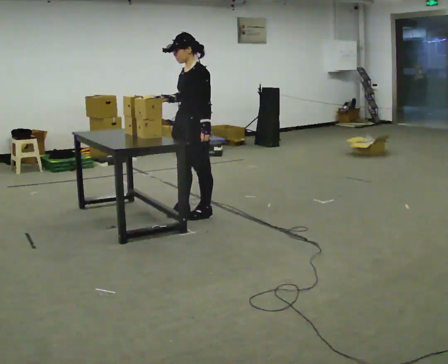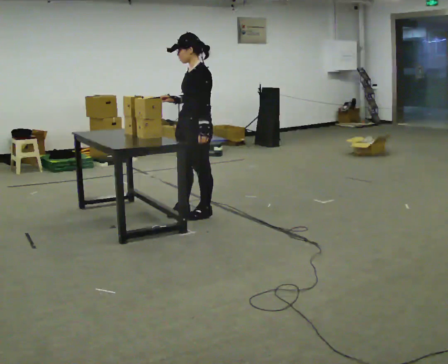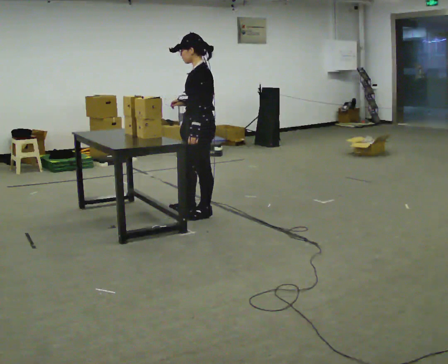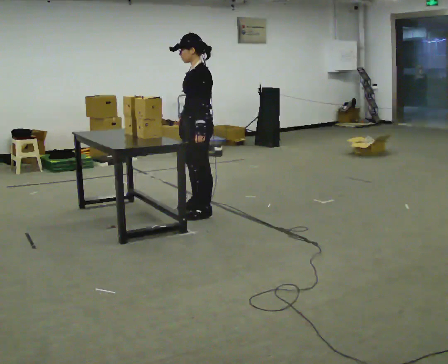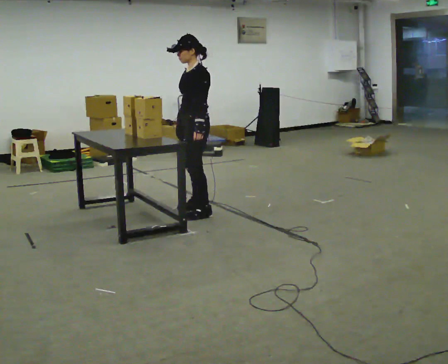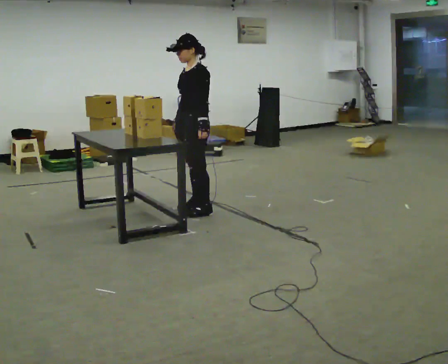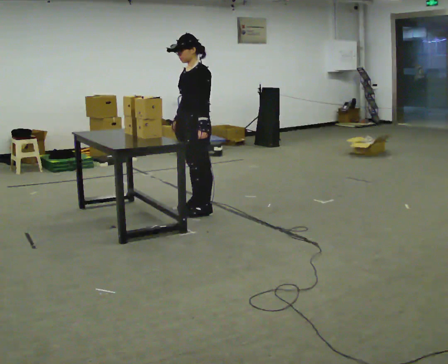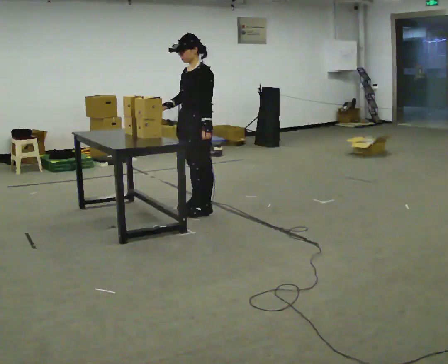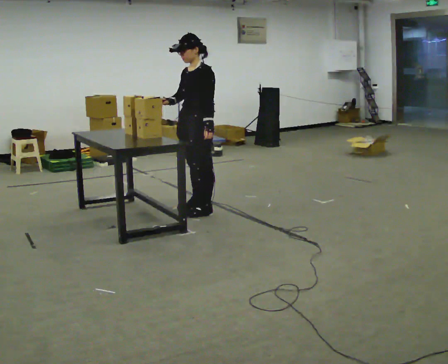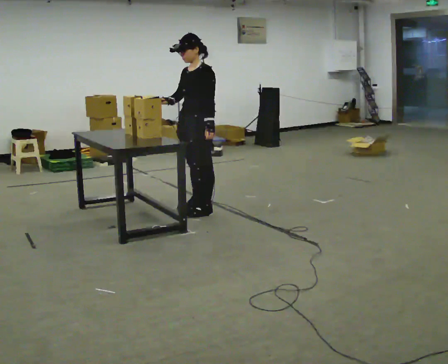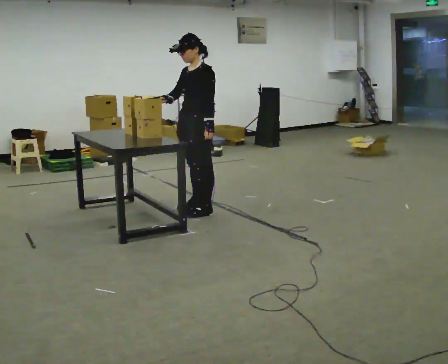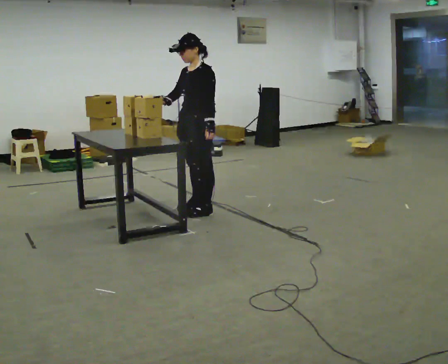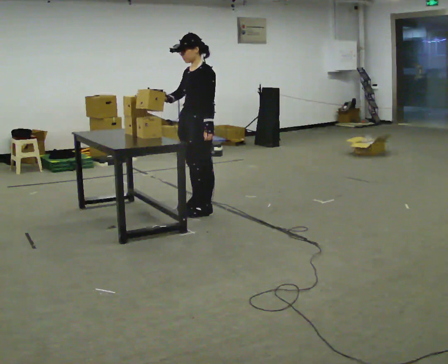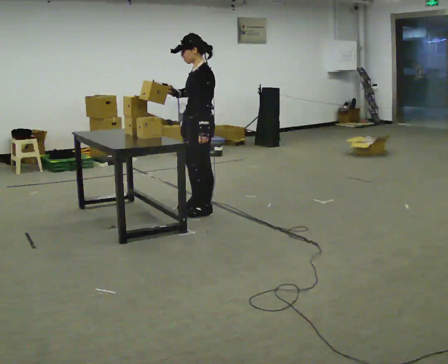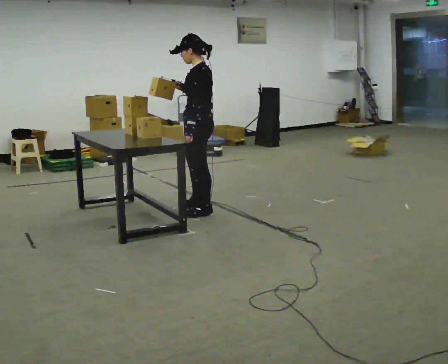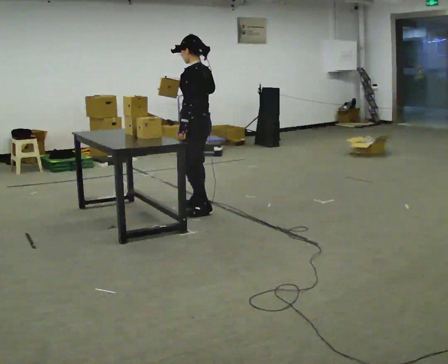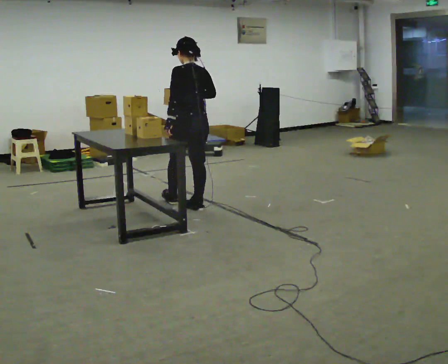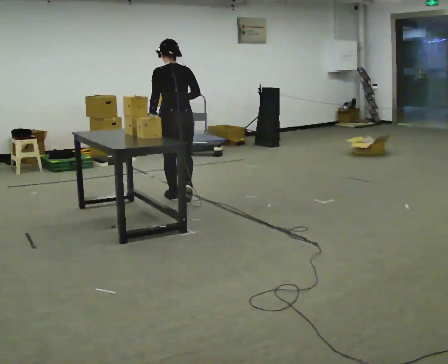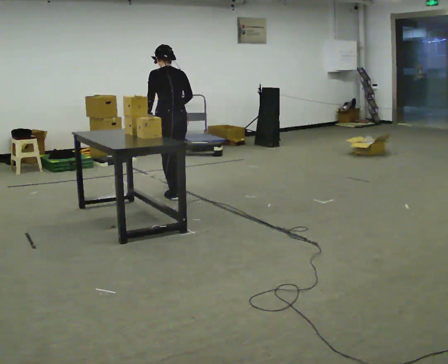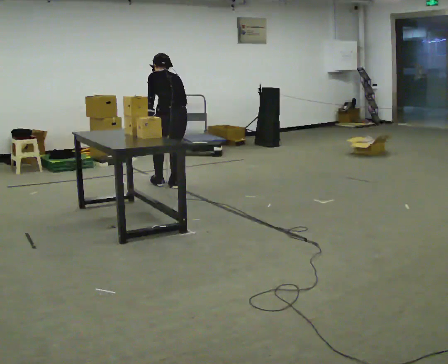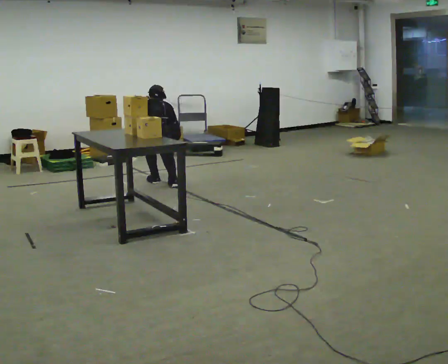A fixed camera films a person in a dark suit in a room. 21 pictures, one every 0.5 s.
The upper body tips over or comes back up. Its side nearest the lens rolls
upward.
The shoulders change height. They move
downward.
0.0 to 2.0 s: In the picture they go away from the camera, about 0.25 m in 1 step, which for them is to their right.
2.0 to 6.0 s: The person moves a little, or ends about where they began.
6.0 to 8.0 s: The part of the body nearest the lens slides to the left as the person turns to their right by about 90 degrees. In the picture they go away from the camera, about 0.25 m.
8.0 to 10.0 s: In the picture they go away from the camera, about 1 m in 3 steps, which for them is forward. The upper body goes downward. The upper body tips away from the camera, its near side rolling upward, as they bend forward.
The film runs forward here.
